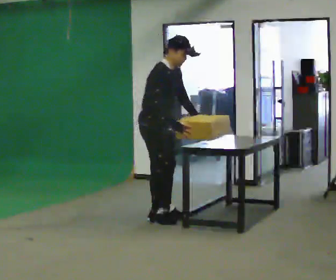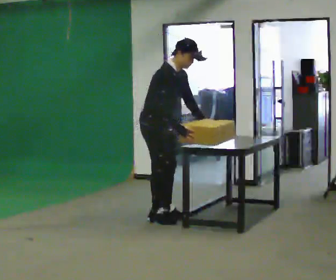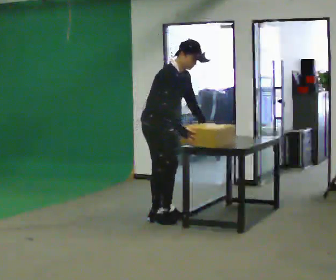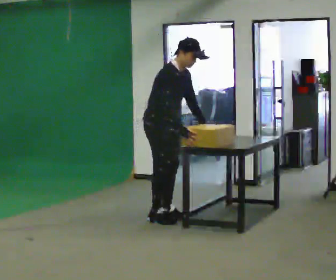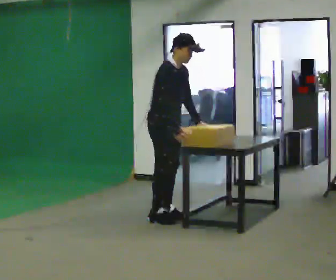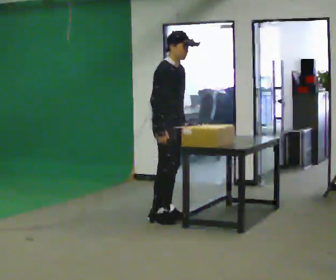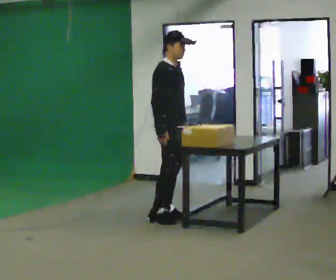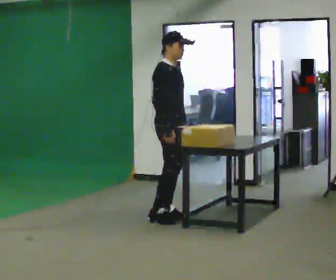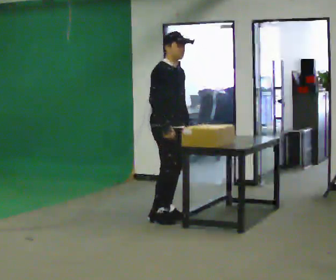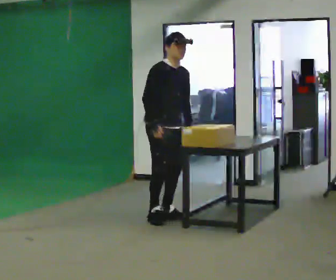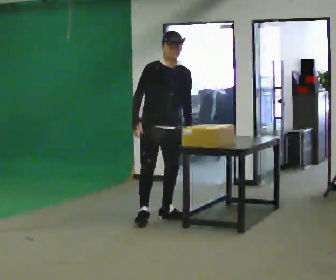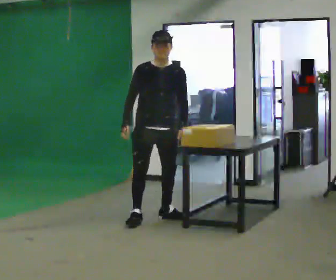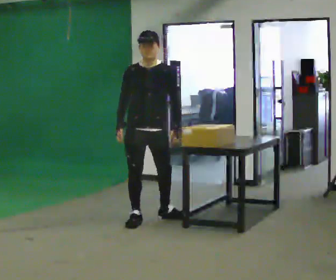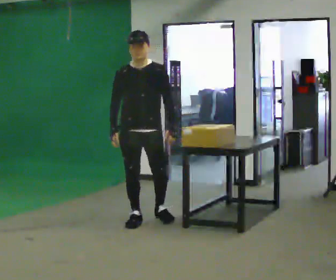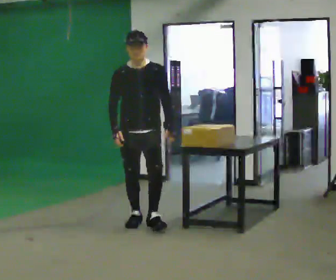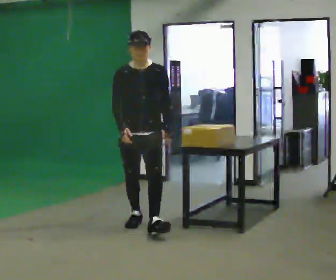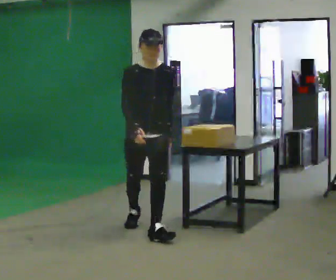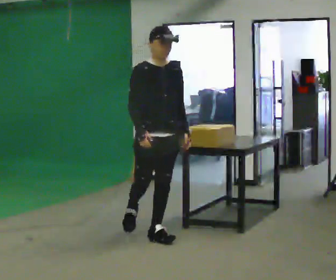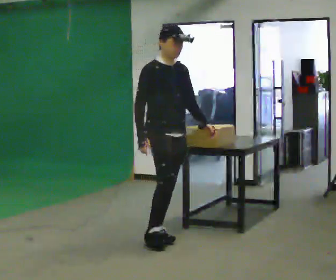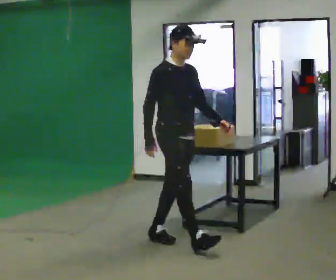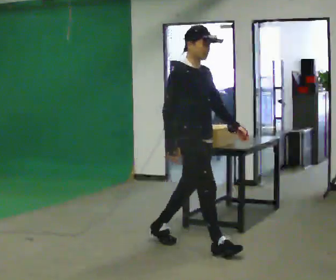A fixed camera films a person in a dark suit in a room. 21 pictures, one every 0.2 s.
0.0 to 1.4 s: The person moves a little, or ends about where they began.
1.4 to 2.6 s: The person turns about 60 degrees to their right, clockwise seen from above, so the part of the body nearest the lens slides to the left. In the picture they go to the left and toward the camera, about 0.25 m.
2.6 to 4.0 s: Seen from above the body turns counterclockwise, about 60 degrees: to their left, with its near side sliding to the right. In the picture they go toward the camera and to the right, about 1 m in 2 steps, which for them is forward.
The film runs forward here.
